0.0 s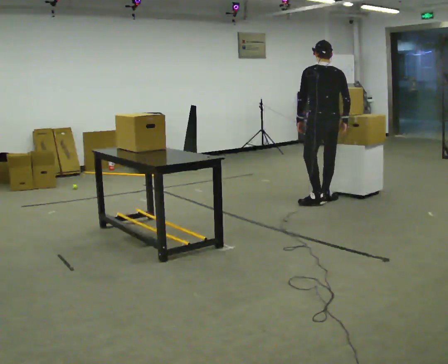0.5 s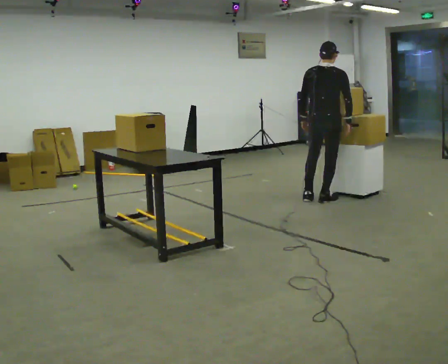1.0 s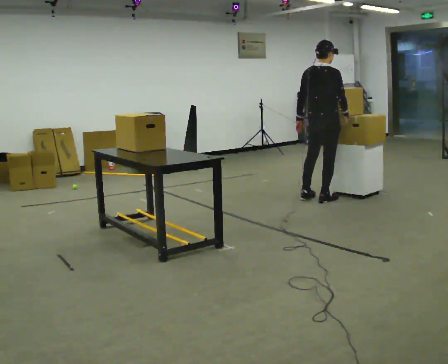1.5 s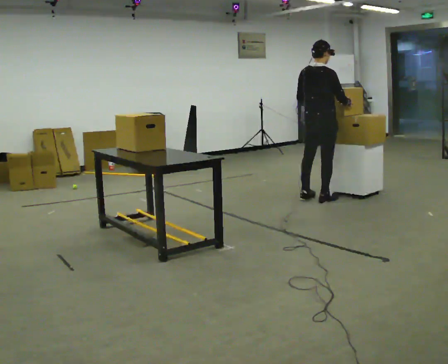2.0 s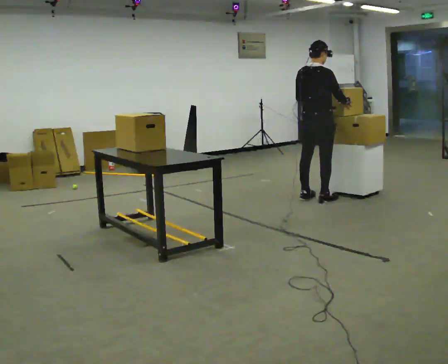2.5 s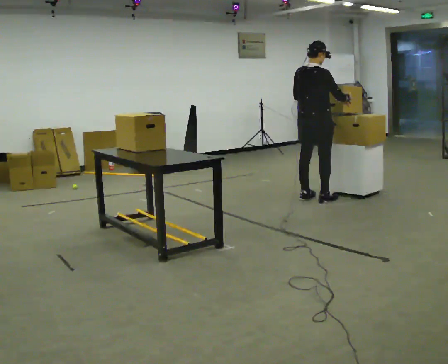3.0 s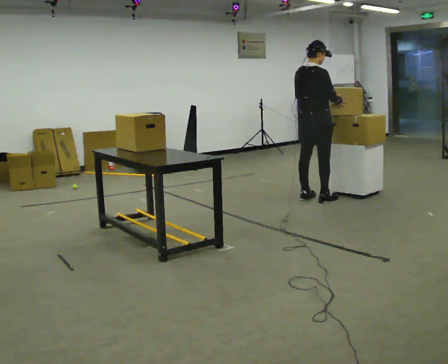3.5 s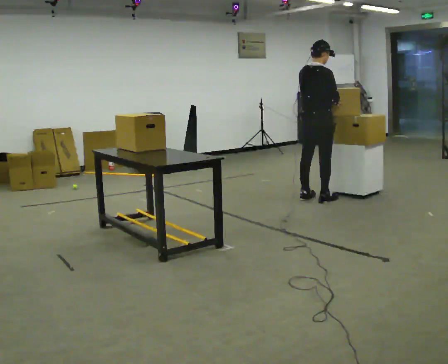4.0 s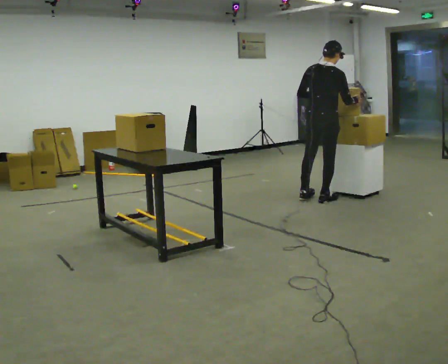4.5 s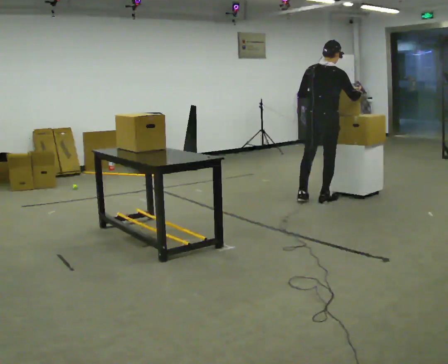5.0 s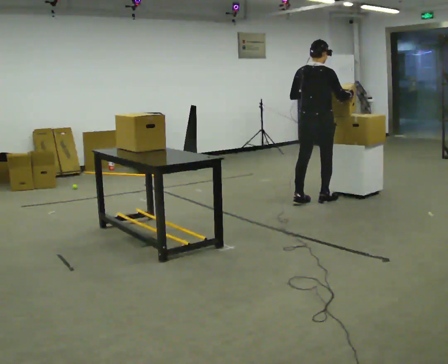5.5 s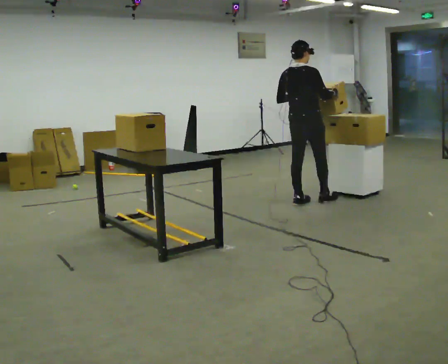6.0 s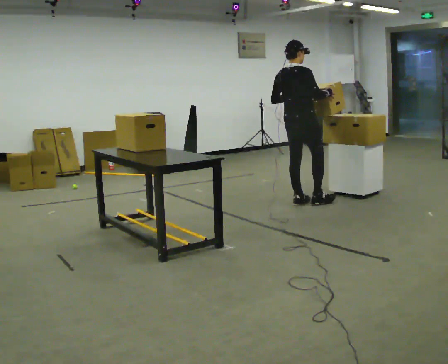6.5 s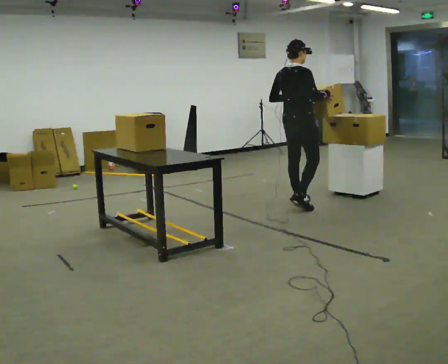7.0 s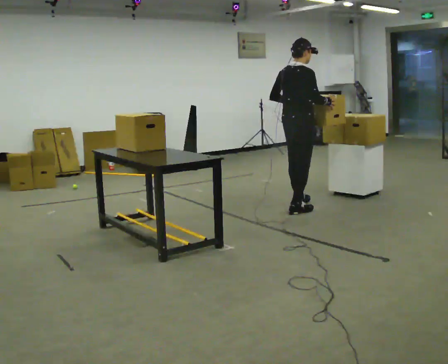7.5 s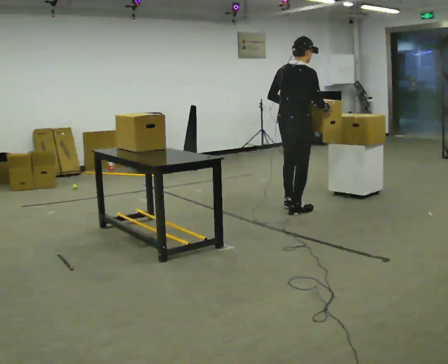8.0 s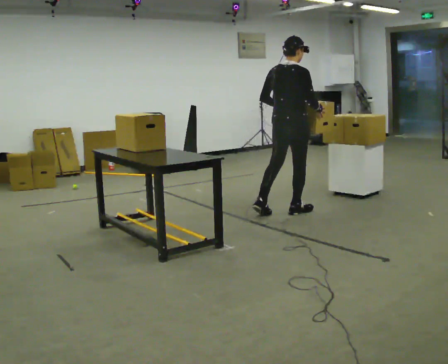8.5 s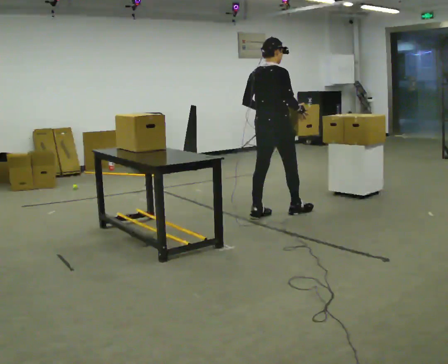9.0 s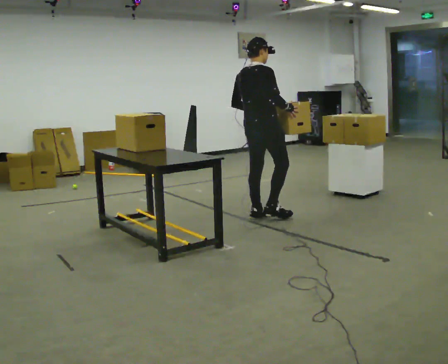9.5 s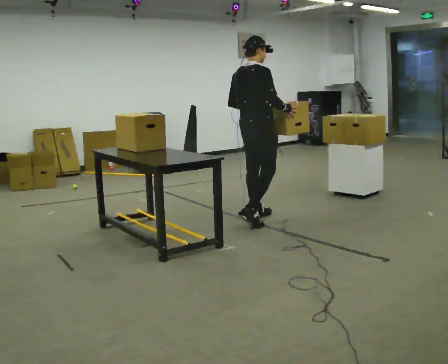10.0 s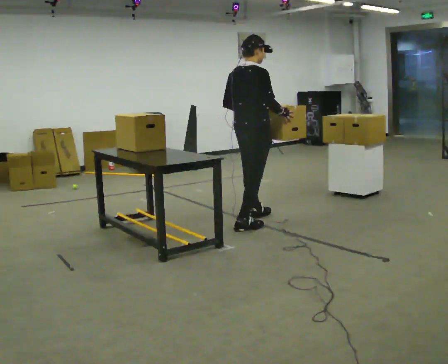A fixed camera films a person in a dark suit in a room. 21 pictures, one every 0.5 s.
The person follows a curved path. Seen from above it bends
counterclockwise.
0.0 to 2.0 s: The person turns about 45 degrees to their right, clockwise seen from above, so the part of the body nearest the lens slides to the left.
2.0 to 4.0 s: The person moves a little, or ends about where they began.
4.0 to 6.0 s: In the picture they go to the left, about 0.25 m in 2 steps, which for them is backward and to their left. In the picture the upper body tilts counterclockwise, shoulders to the left.
6.0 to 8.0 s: In the picture they go toward the camera, about 0.5 m in 1 step, which for them is backward and to their right.
8.0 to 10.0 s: In the picture they go toward the camera and to the left, about 0.5 m in 1 step, which for them is backward.
The film runs backward here.
